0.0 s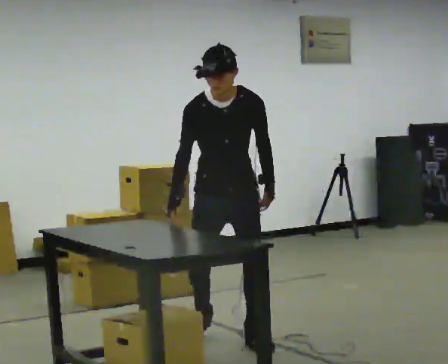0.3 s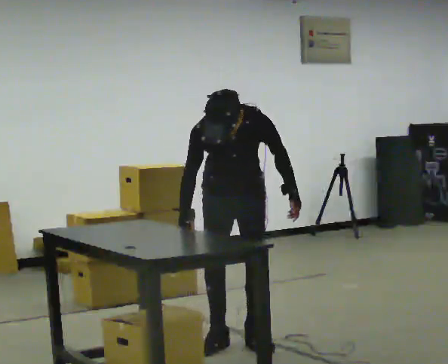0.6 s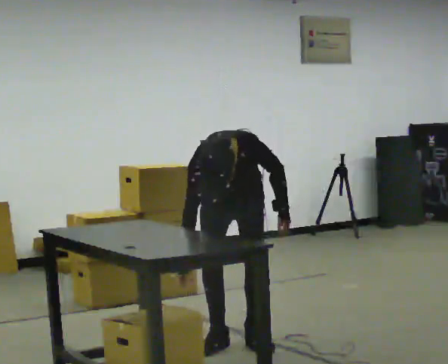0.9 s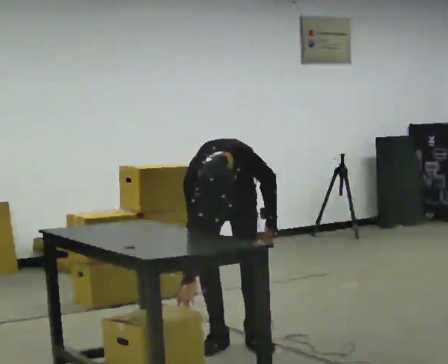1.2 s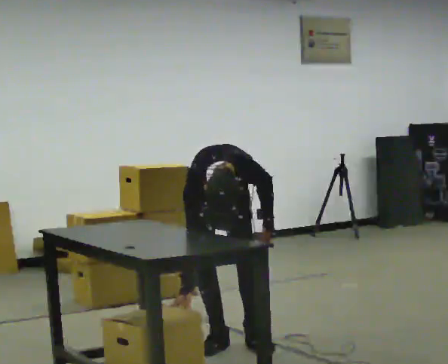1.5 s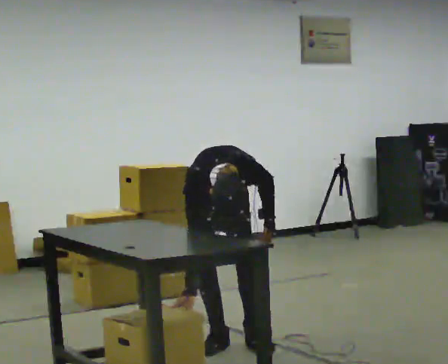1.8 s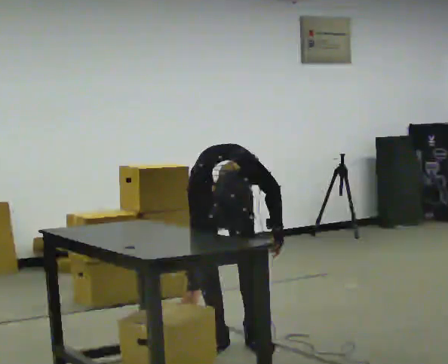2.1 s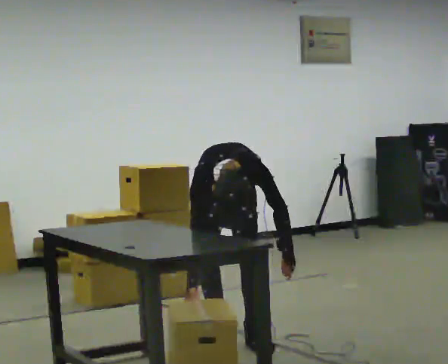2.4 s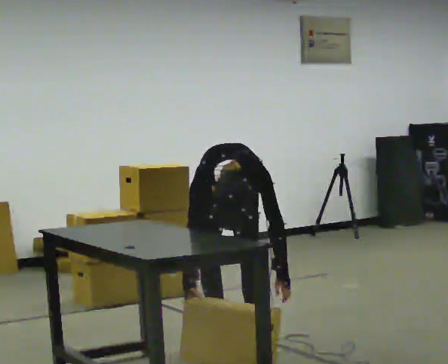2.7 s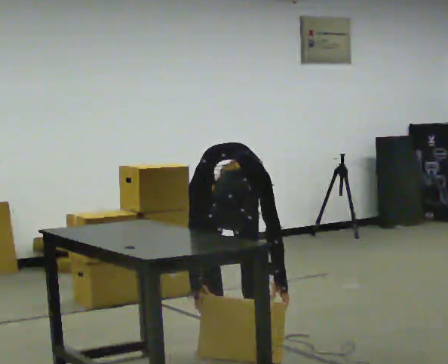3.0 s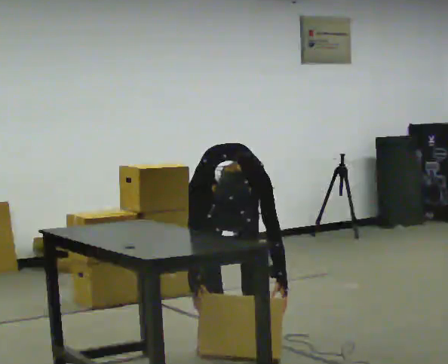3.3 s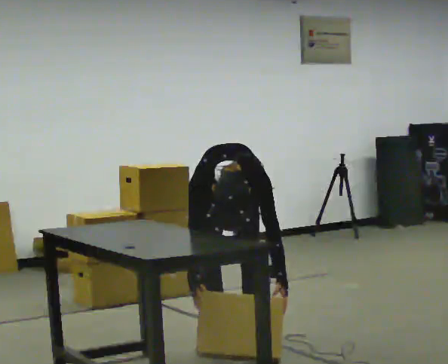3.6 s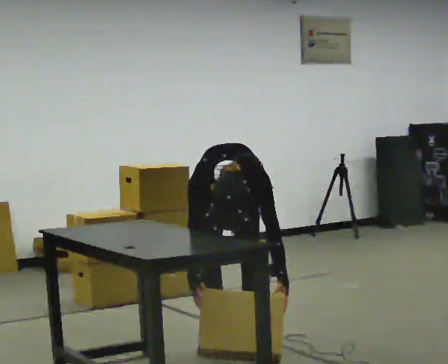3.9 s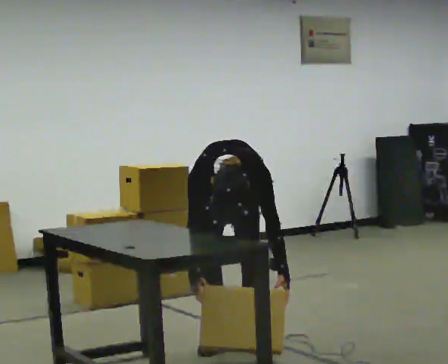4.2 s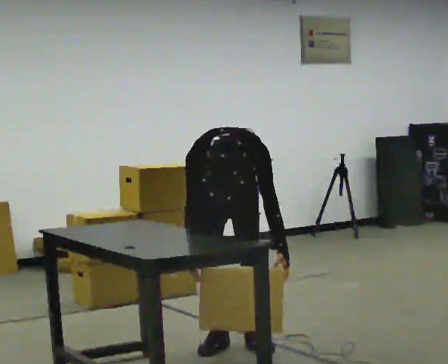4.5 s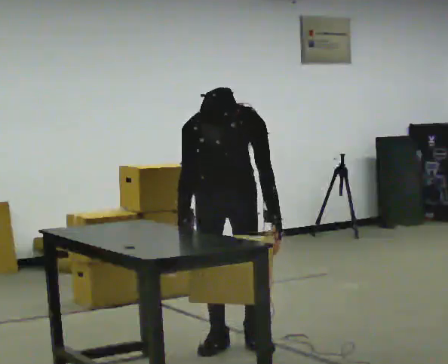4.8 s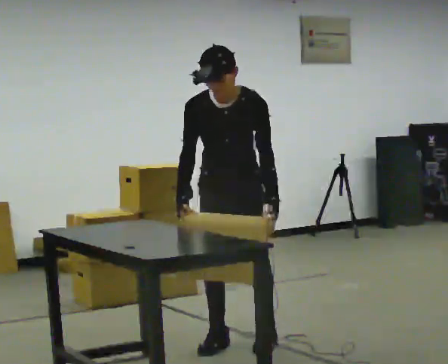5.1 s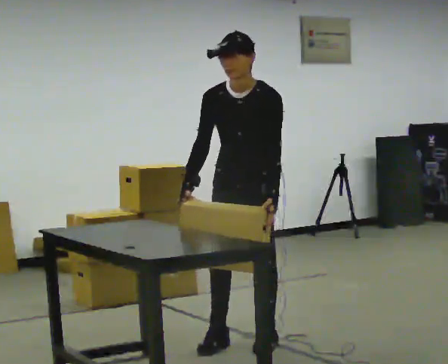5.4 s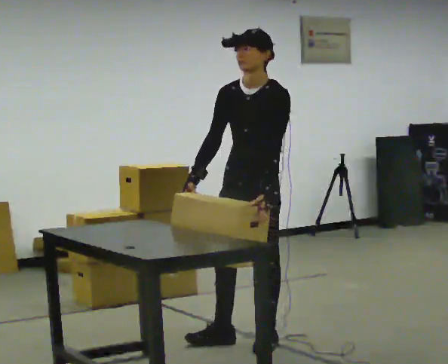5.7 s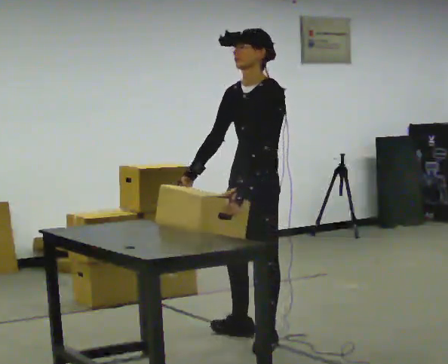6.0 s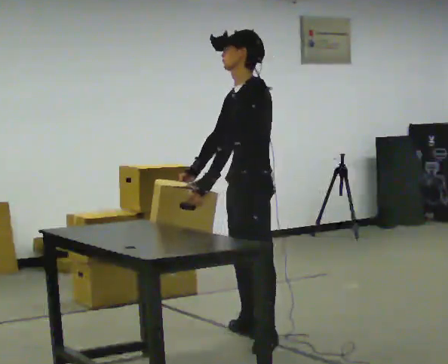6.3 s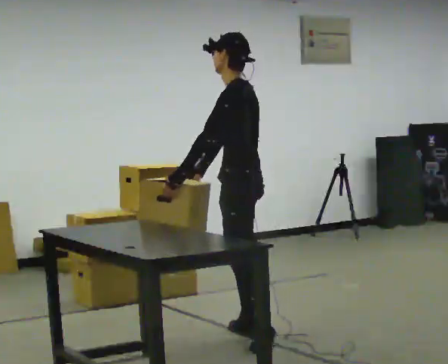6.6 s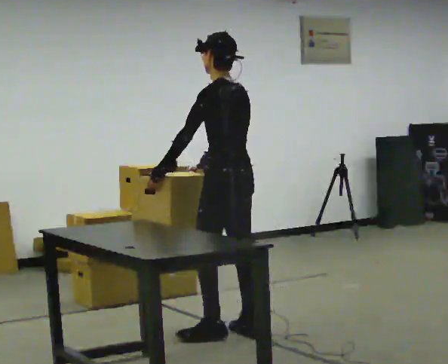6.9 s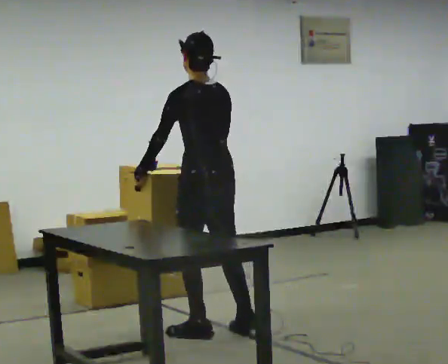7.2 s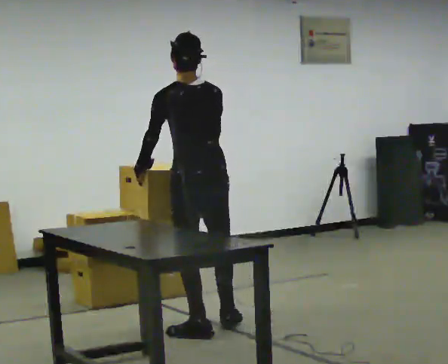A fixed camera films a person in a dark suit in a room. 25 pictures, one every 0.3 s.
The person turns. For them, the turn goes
to their right.
The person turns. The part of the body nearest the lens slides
to the left.
0.0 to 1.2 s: The shoulders move downward. The upper body tips toward the camera, its near side rolling downward, as they bend forward.
1.2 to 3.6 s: The person moves a little, or ends about where they began.
3.6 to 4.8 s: The shoulders move upward. The upper body tips away from the camera, its near side rolling upward, as they lean back or straighten. In the picture their right hand goes upward.
4.8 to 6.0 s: The part of the body nearest the lens slides to the left as the person turns to their right by about 75 degrees. The upper body tips away from the camera, its near side rolling upward, as they lean back or straighten. In the picture their left hand goes to the left, the arm swinging clockwise.
6.0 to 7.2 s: Seen from above the body turns clockwise, about 75 degrees: to their right, with its near side sliding to the left. In the picture they go to the left, about 0.25 m in 1 step.
The film runs forward here.
